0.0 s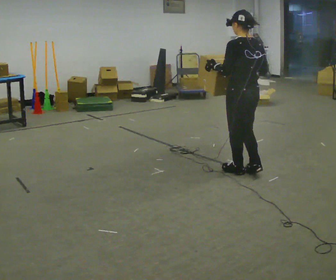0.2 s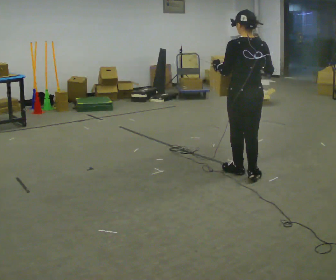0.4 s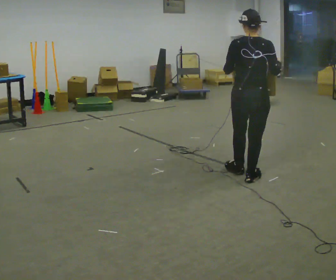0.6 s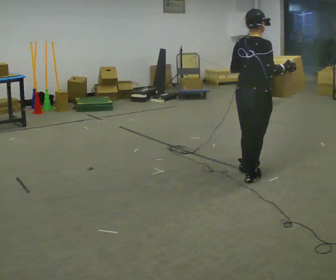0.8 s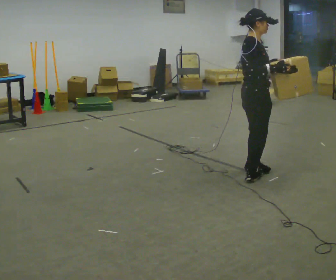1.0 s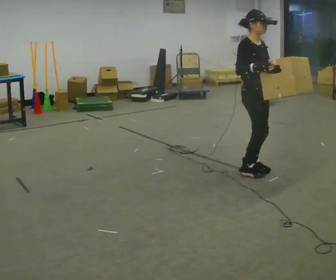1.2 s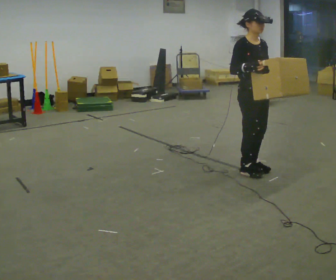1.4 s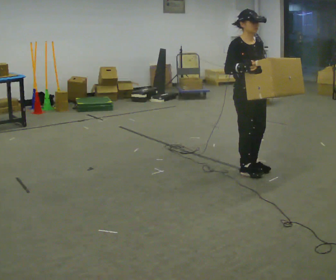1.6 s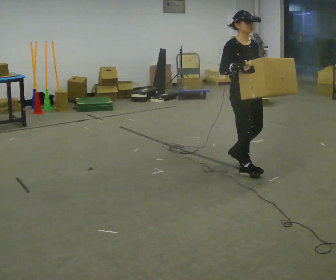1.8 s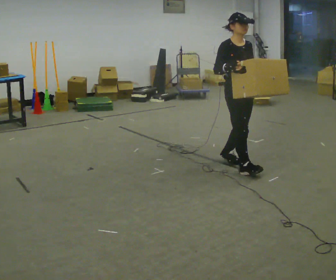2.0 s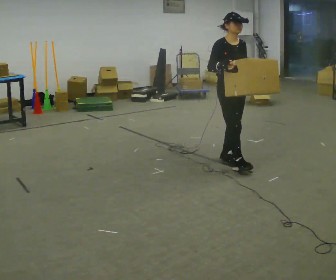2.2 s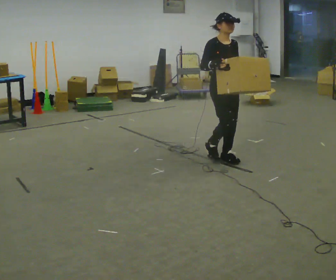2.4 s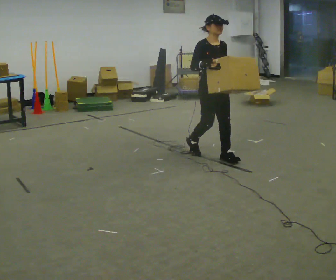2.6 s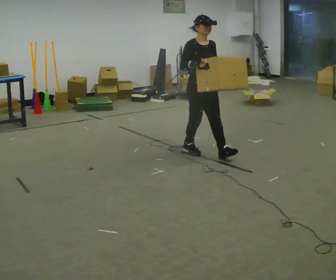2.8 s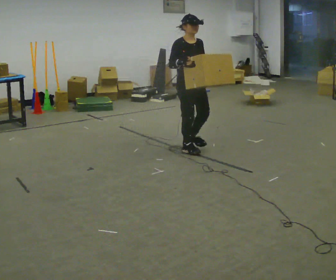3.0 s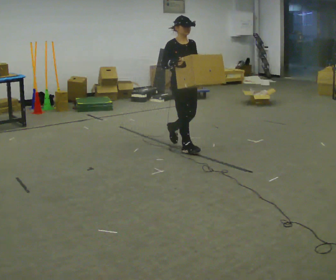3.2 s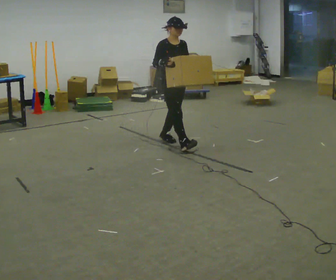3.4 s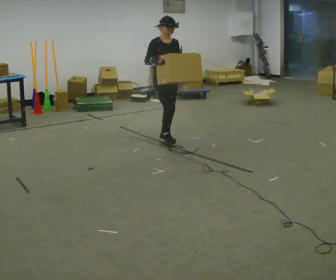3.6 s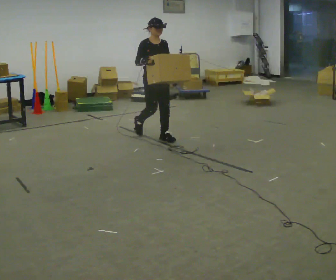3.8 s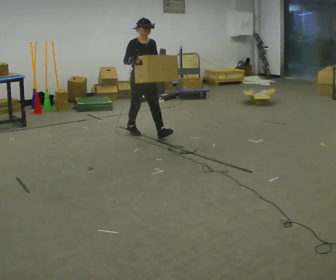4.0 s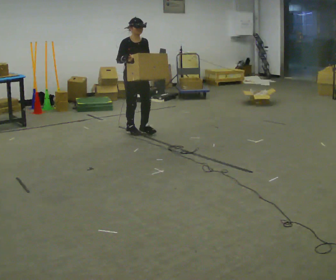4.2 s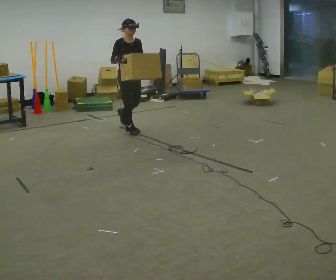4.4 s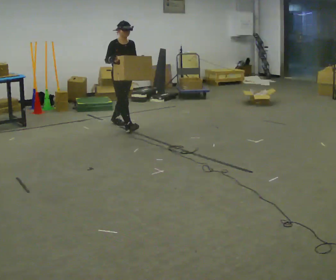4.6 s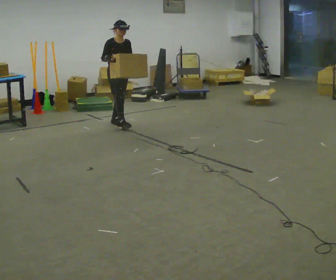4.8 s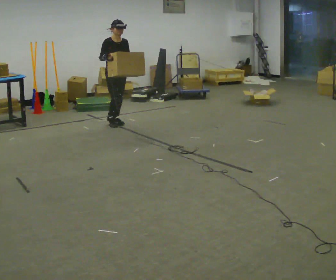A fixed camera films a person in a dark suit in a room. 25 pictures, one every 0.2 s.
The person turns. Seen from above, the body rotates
clockwise.
The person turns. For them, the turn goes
to their right.
0.0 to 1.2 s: Seen from above the body turns clockwise, about 165 degrees: to their right, with its near side sliding to the left.
1.2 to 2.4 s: In the picture they go away from the camera and to the left, about 0.5 m in 2 steps, which for them is backward.
2.4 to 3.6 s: In the picture they go away from the camera and to the left, about 1 m in 2 steps, which for them is backward.
3.6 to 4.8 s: In the picture they go away from the camera and to the left, about 1 m in 2 steps, which for them is backward.
The film runs backward here.
